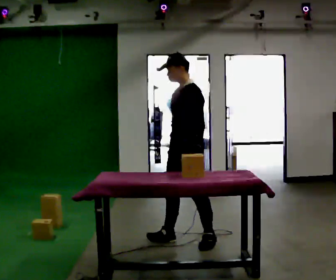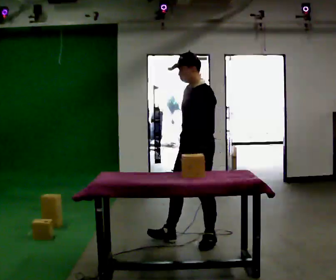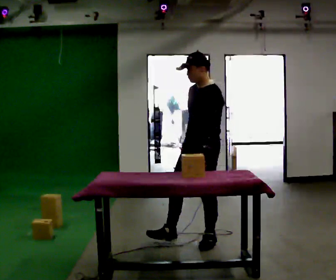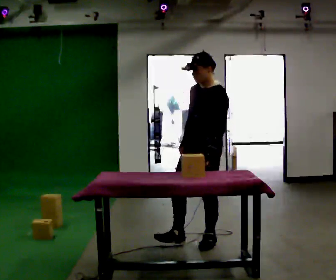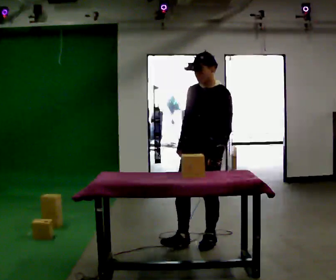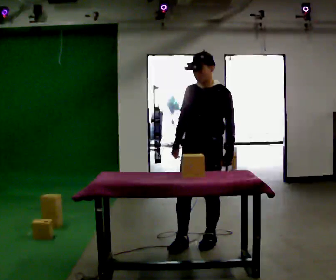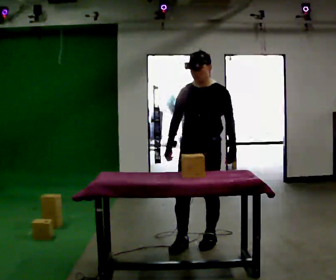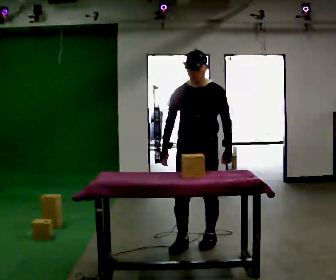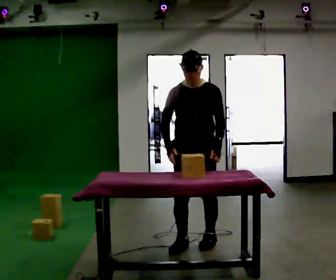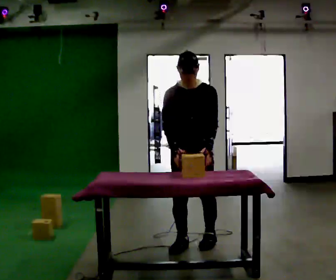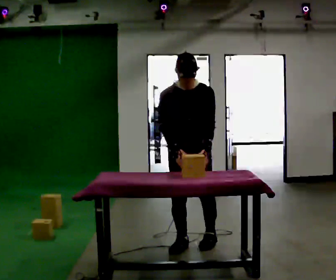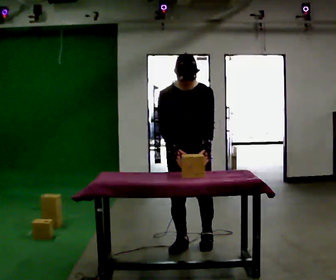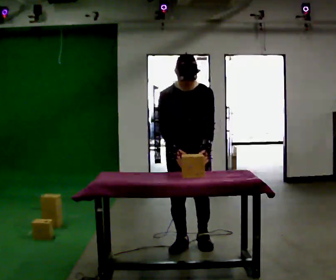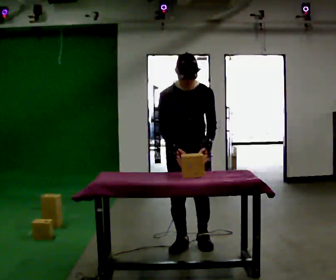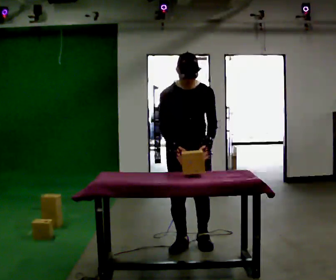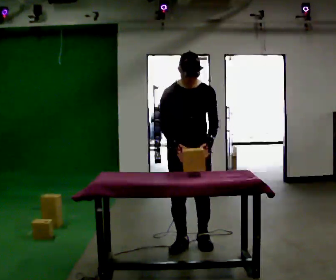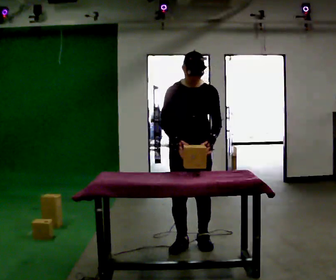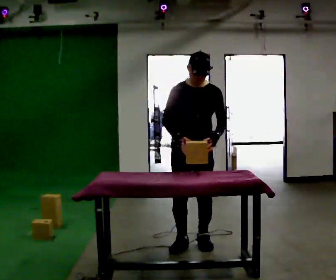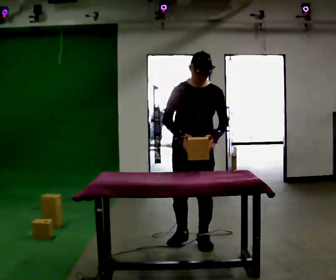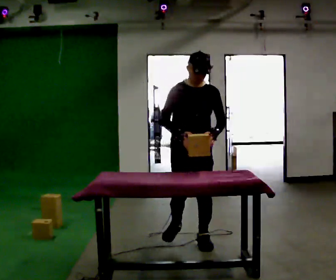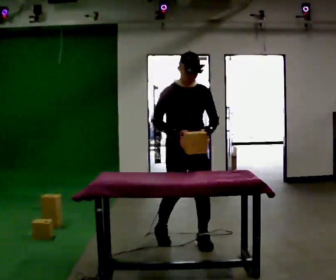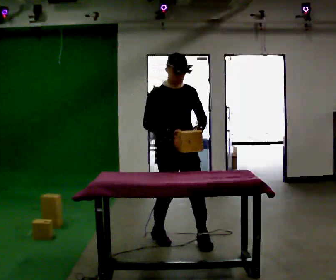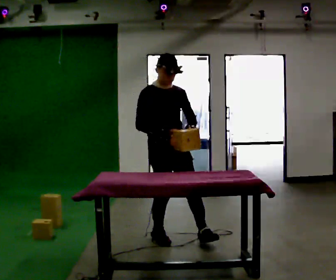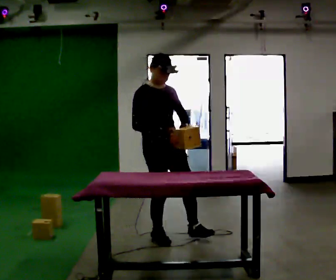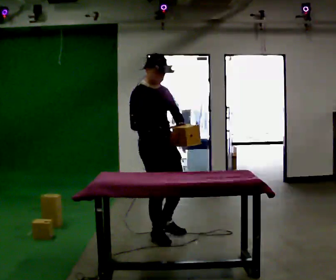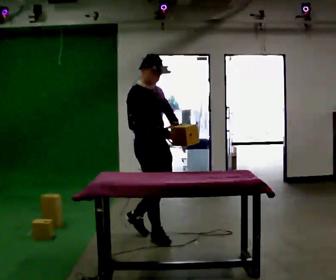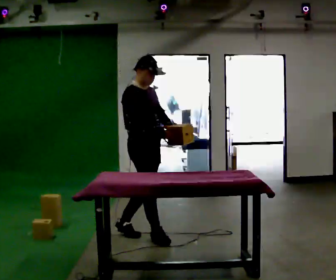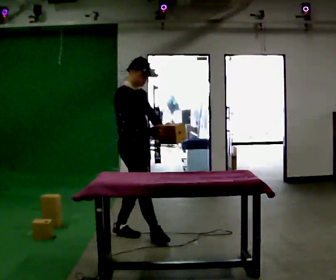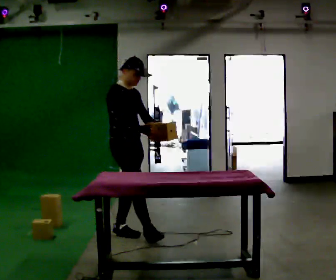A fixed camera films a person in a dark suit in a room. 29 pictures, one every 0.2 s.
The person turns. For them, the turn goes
to their left.
The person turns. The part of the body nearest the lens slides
to the right.
0.0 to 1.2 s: The person turns about 45 degrees to their left, counterclockwise seen from above, so the part of the body nearest the lens slides to the right. In the picture their left hand goes to the right.
1.2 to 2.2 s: Seen from above the body turns counterclockwise, about 30 degrees: to their left, with its near side sliding to the right. The upper body tips toward the camera, its near side rolling downward, as they bend forward.
2.2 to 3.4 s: The person moves a little, or ends about where they began.
3.4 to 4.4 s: The part of the body nearest the lens slides to the right as the person turns to their left by about 30 degrees. In the picture they go to the left, about 0.25 m in 1 step, which for them is to their right and backward.
4.4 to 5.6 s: Seen from above the body turns counterclockwise, about 30 degrees: to their left, with its near side sliding to the right. In the picture they go to the left and away from the camera, about 0.5 m in 2 steps, which for them is backward.
The film runs backward here.
